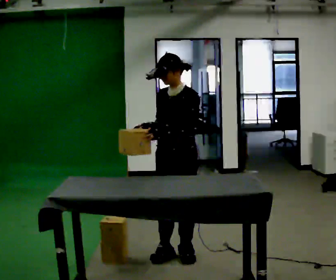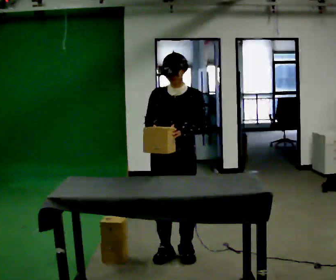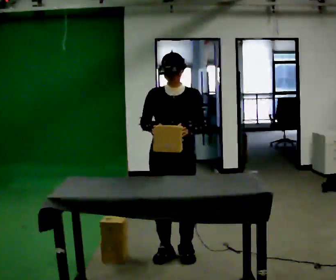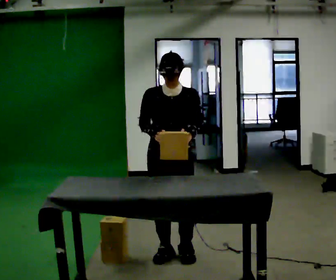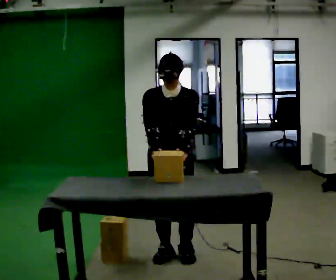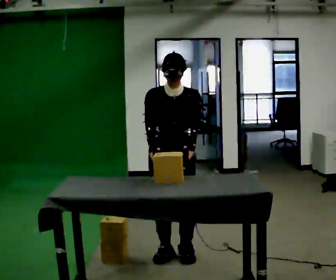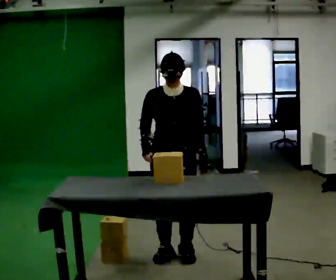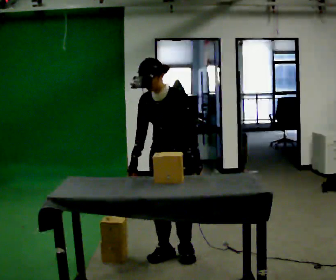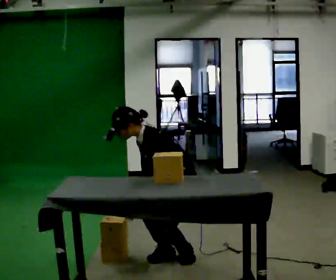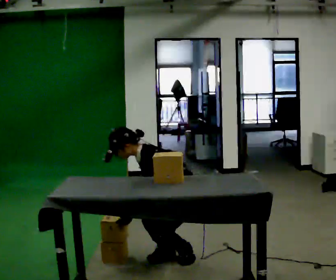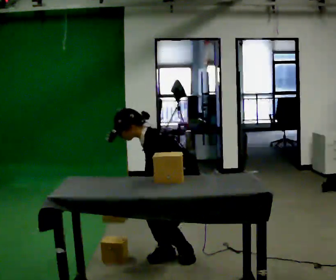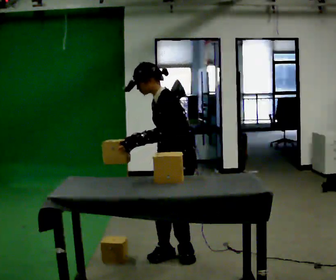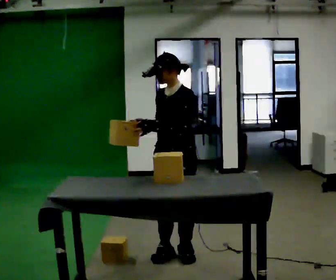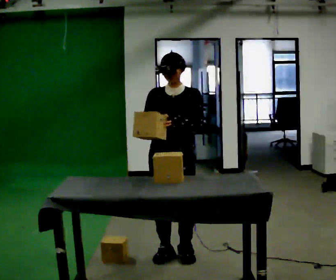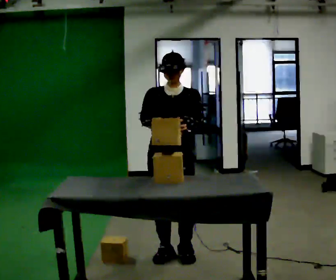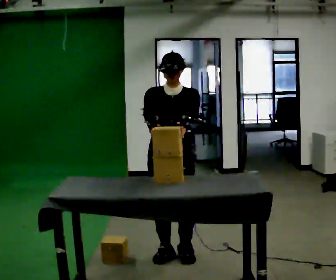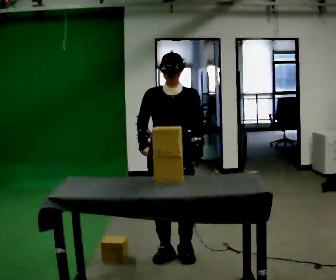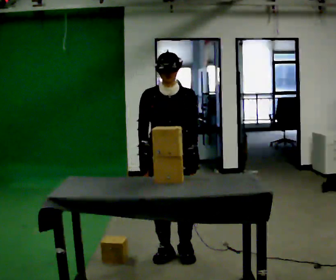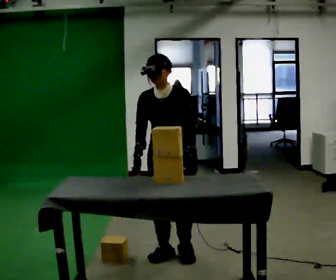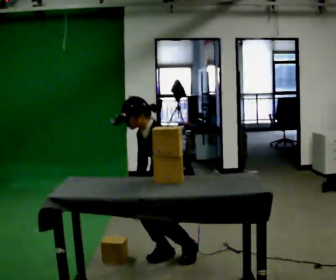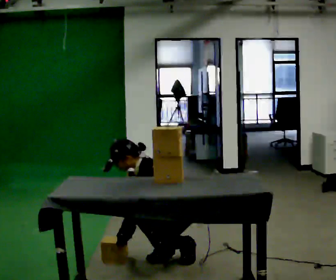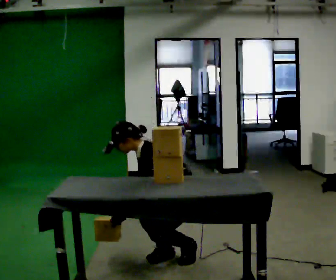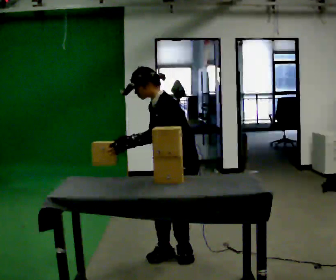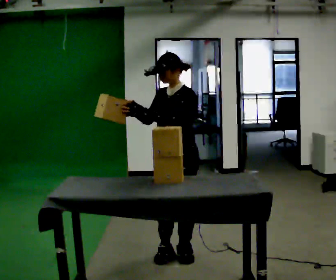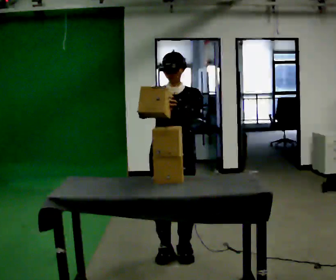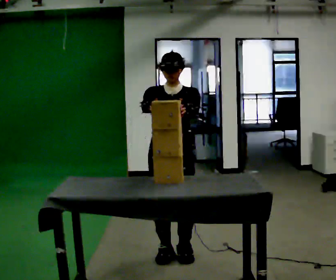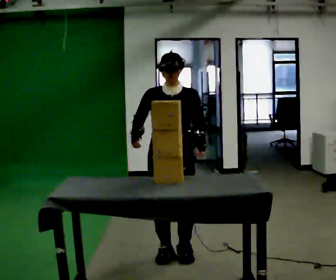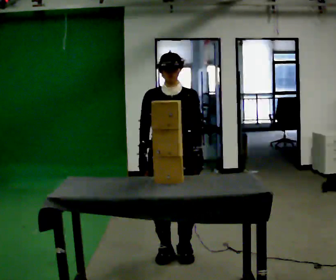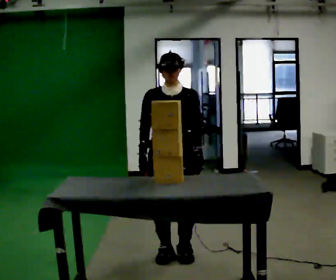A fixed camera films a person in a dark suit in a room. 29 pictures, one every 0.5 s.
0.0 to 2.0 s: Seen from above the body turns counterclockwise, about 45 degrees: to their left, with its near side sliding to the right.
2.0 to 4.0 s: The part of the body nearest the lens slides to the left as the person turns to their right by about 60 degrees. The upper body goes downward. In the picture the upper body tilts counterclockwise, shoulders to the left. In the picture their right hand goes downward.
4.0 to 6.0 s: In the picture the upper body tilts clockwise, shoulders to the right, as they lean back or straighten. In the picture their right hand goes upward.
6.0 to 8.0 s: Seen from above the body turns counterclockwise, about 45 degrees: to their left, with its near side sliding to the right.
8.0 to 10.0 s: Seen from above the body turns clockwise, about 75 degrees: to their right, with its near side sliding to the left. The upper body goes downward. In the picture the upper body tilts counterclockwise, shoulders to the left, as they bend forward. In the picture their right hand goes downward.
10.0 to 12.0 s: Seen from above the body turns counterclockwise, about 60 degrees: to their left, with its near side sliding to the right. The upper body goes upward. In the picture the upper body tilts clockwise, shoulders to the right, as they lean back or straighten. In the picture their right hand goes upward.
12.0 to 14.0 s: In the picture their right hand goes downward.
The film runs backward here.
